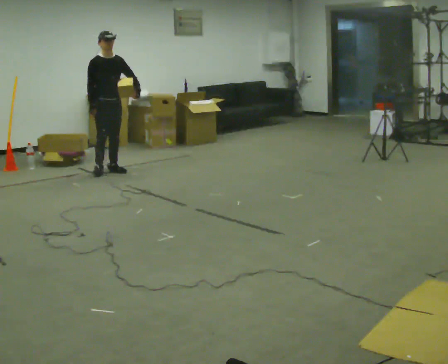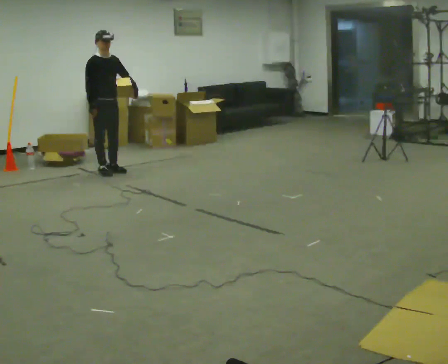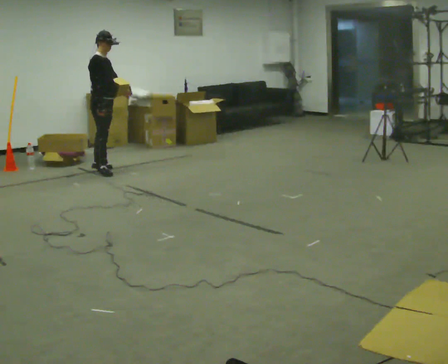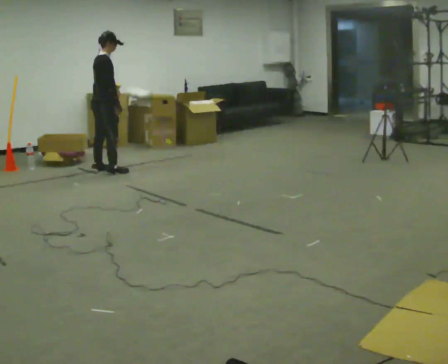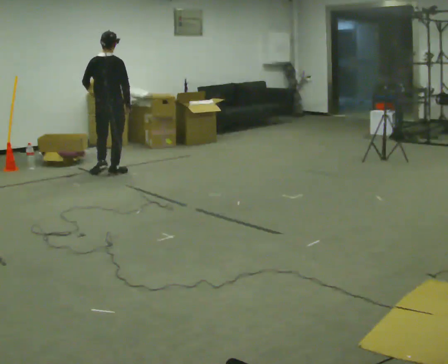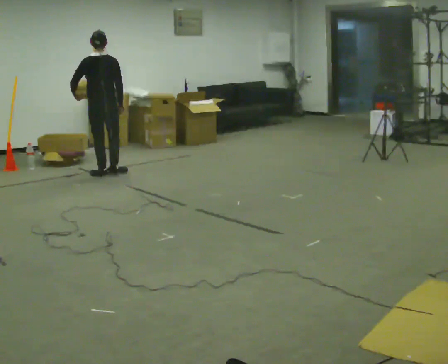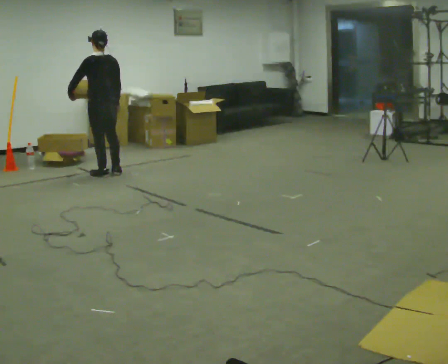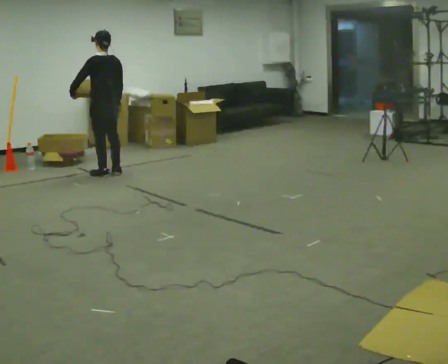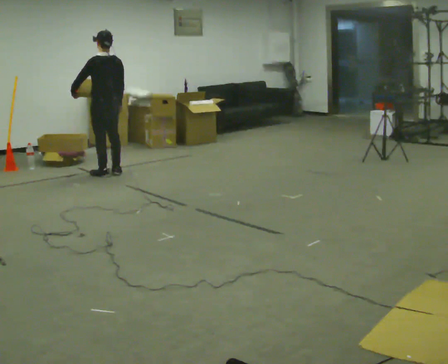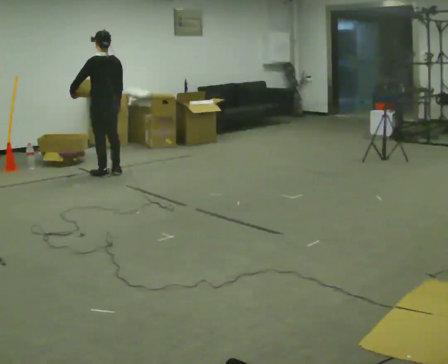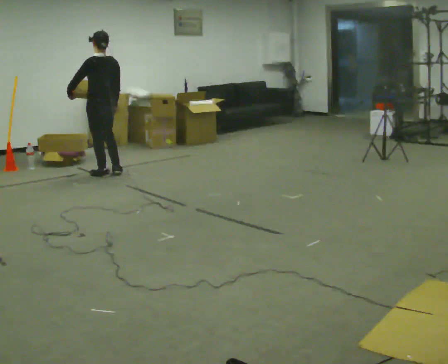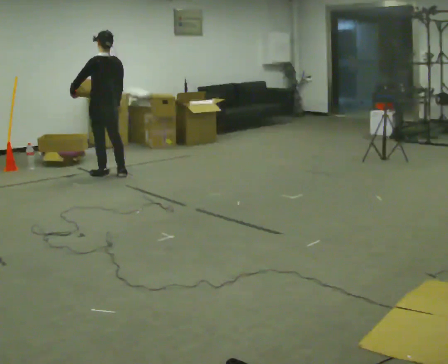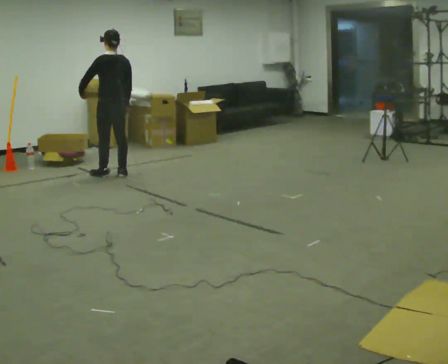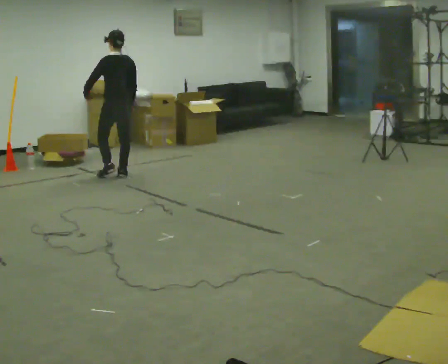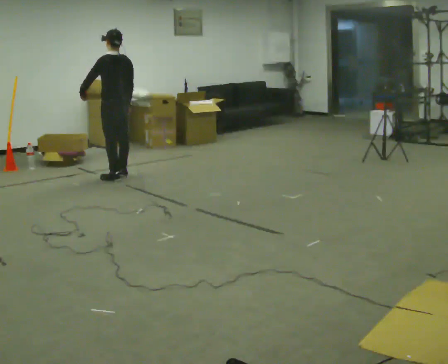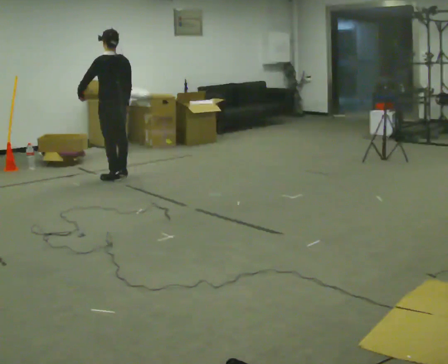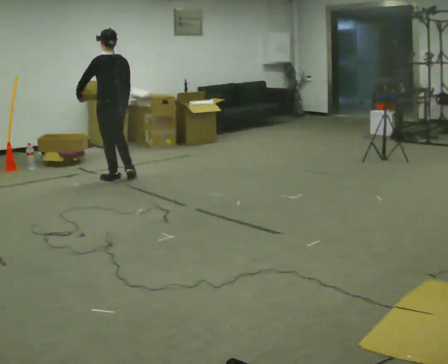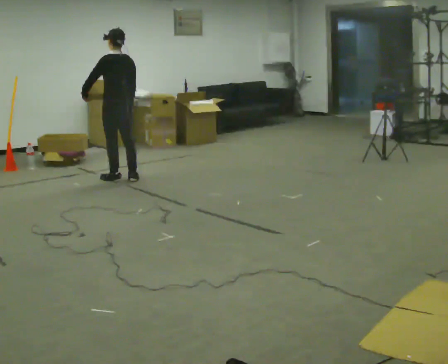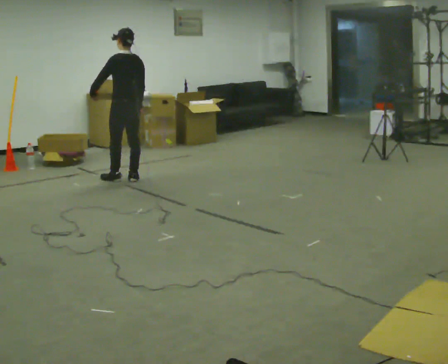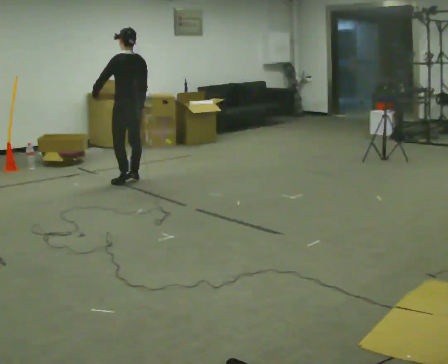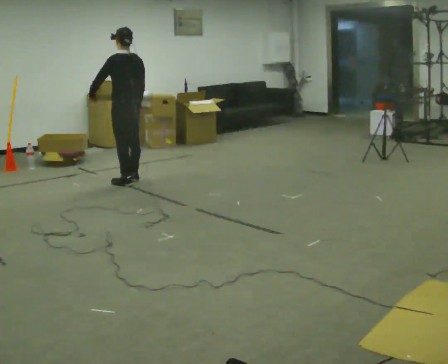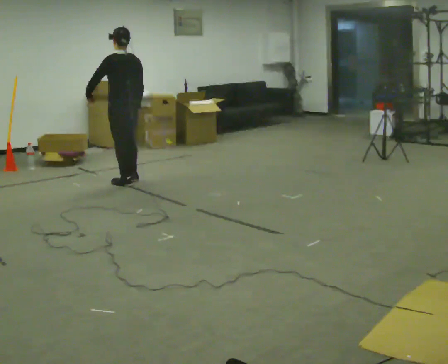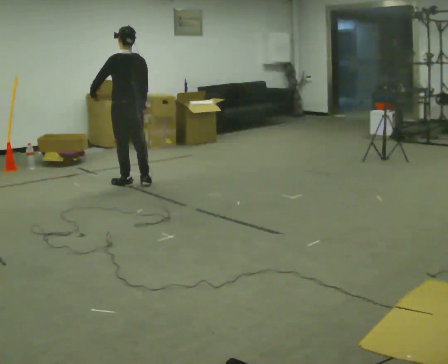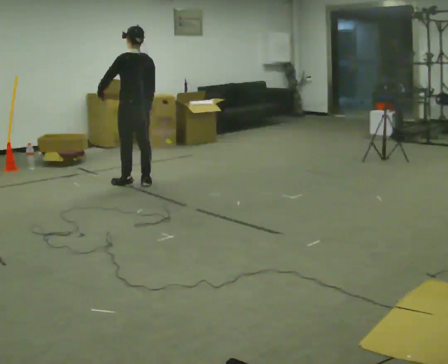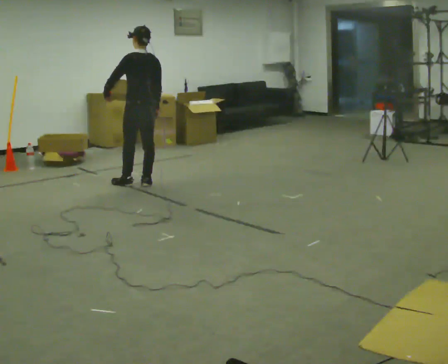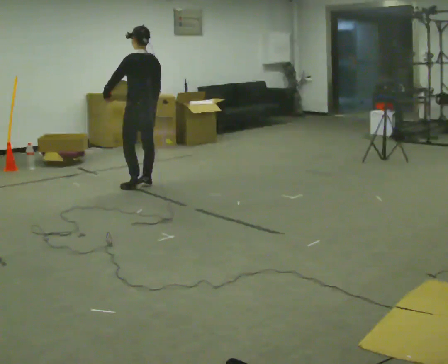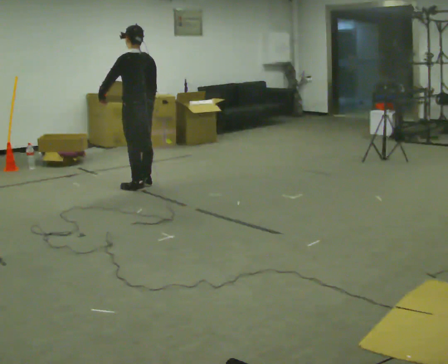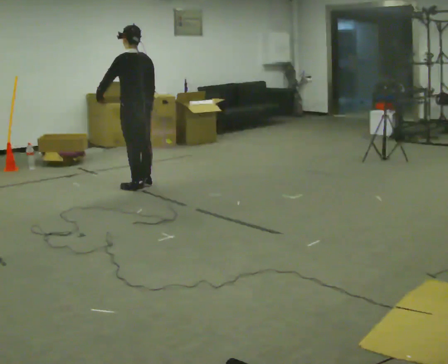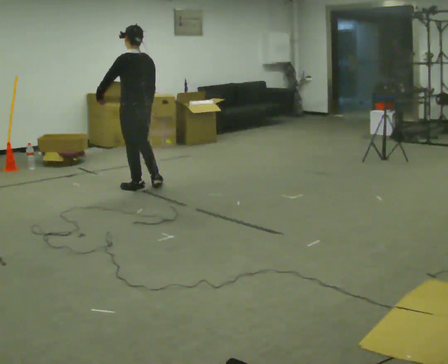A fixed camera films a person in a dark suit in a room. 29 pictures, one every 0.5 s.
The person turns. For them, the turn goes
to their left.
The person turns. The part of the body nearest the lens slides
to the right.
0.0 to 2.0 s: The part of the body nearest the lens slides to the right as the person turns to their left by about 135 degrees. In the picture their left hand goes to the left, the arm swinging clockwise.
2.0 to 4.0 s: The part of the body nearest the lens slides to the right as the person turns to their left by about 45 degrees.
4.0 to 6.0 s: The person moves a little, or ends about where they began.
6.0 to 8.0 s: In the picture they go toward the camera, about 0.25 m in 2 steps, which for them is backward.
8.0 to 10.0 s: In the picture they go to the right, about 0.25 m in 1 step, which for them is backward.
10.0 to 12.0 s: In the picture they go toward the camera, about 0.25 m in 1 step, which for them is backward.
12.0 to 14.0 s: In the picture they go toward the camera, about 0.25 m in 2 steps, which for them is to their left and backward.
The film runs backward here.
